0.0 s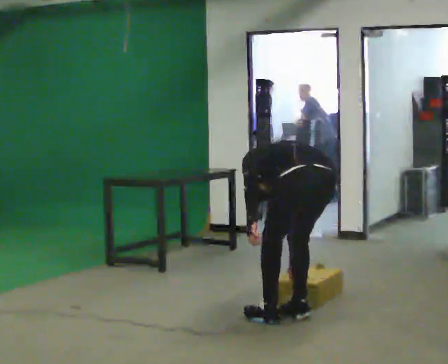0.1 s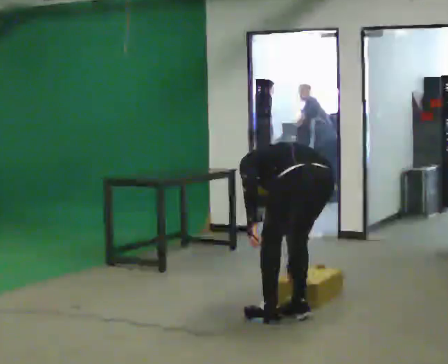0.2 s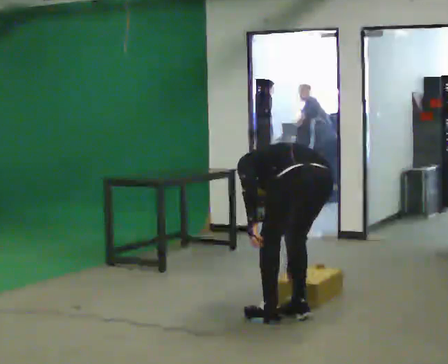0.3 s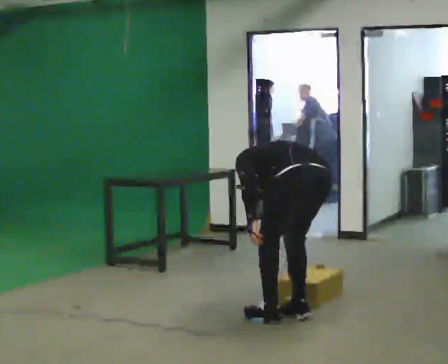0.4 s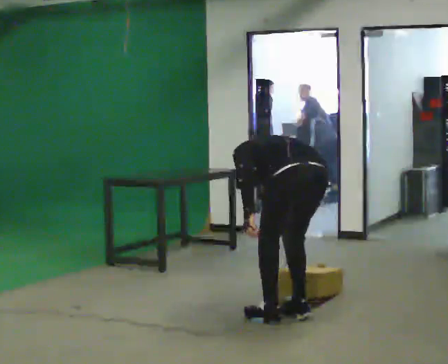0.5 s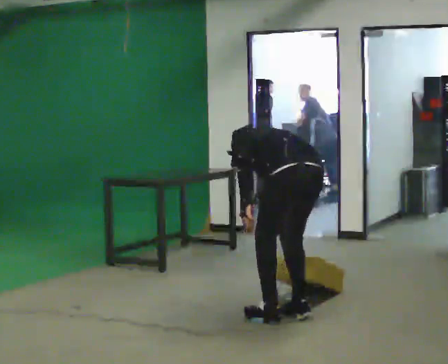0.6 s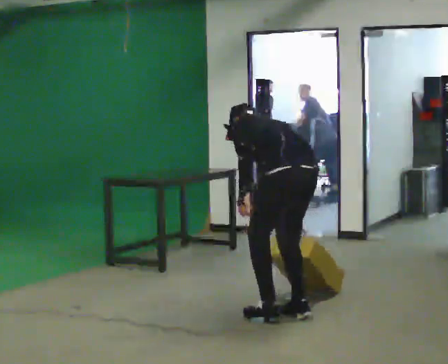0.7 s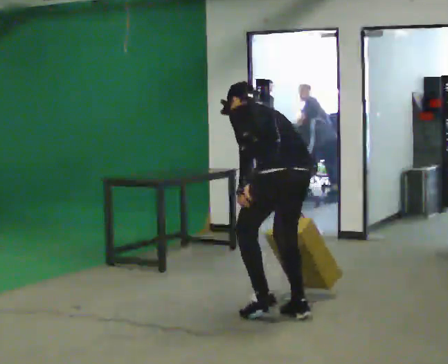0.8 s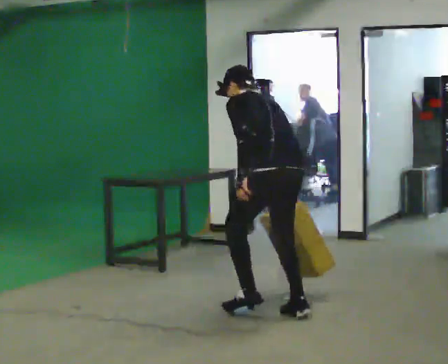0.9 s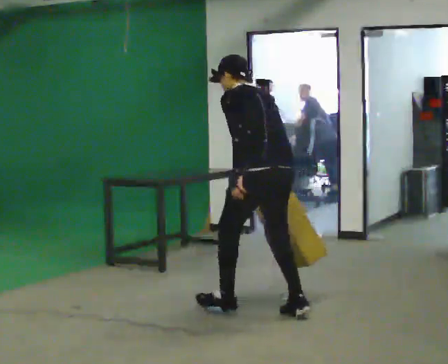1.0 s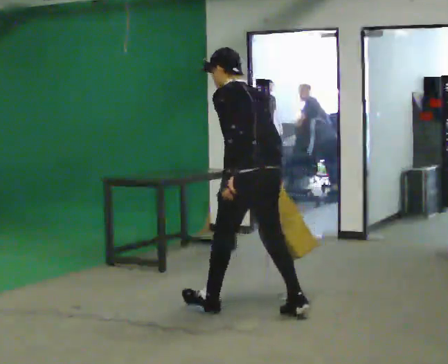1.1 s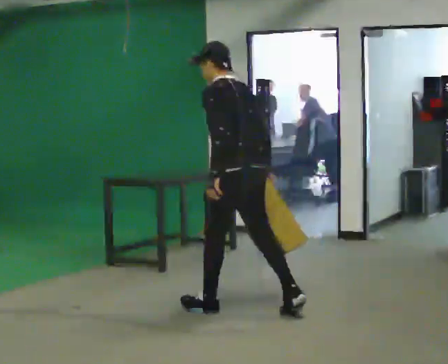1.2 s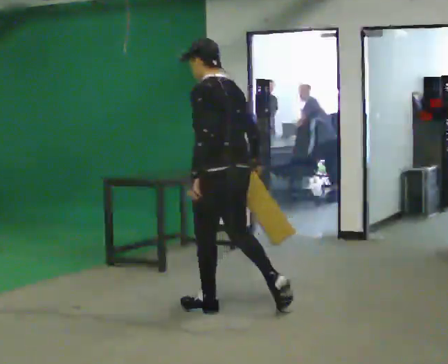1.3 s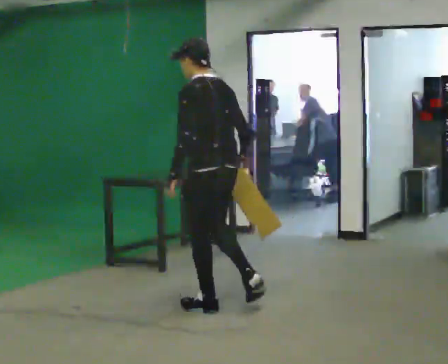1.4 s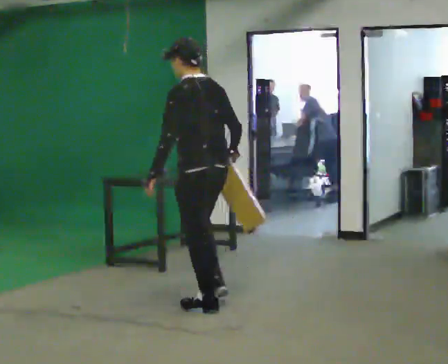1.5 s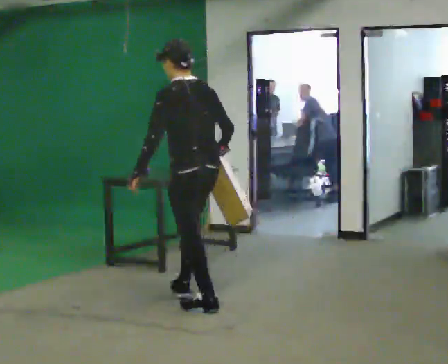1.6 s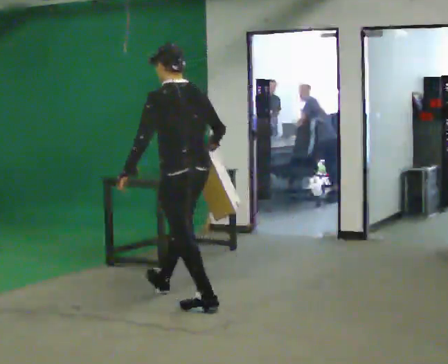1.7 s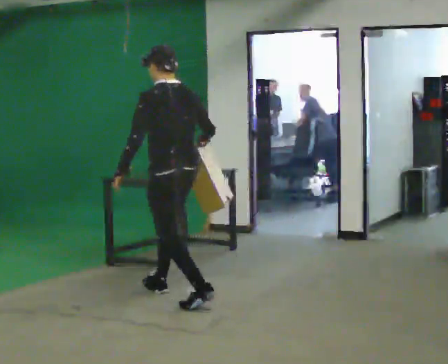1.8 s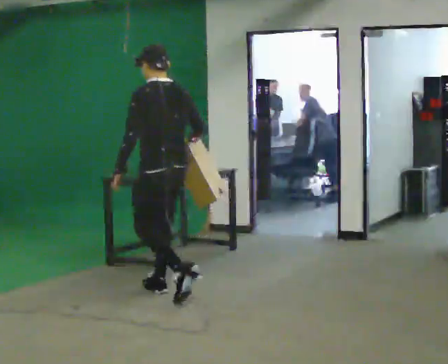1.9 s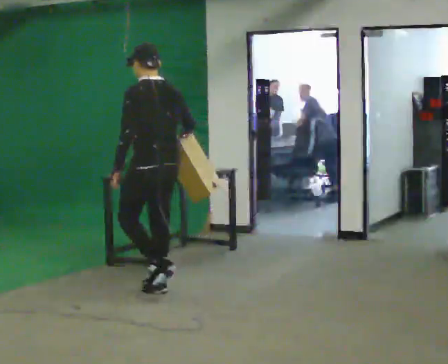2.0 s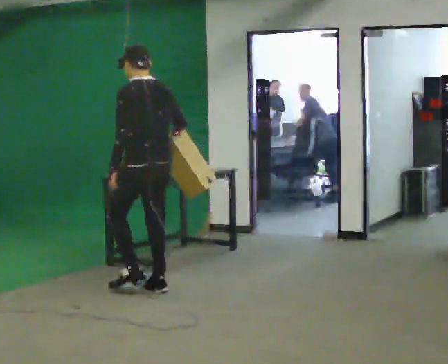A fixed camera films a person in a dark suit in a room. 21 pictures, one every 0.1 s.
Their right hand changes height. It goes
upward.
The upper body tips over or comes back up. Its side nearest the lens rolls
downward.
0.0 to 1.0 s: In the picture they go to the left and away from the camera, about 0.5 m, which for them is forward. The shoulders move upward. The upper body tips toward the camera, its near side rolling downward, as they lean back or straighten. In the picture their right hand goes upward.
1.0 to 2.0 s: In the picture they go to the left and away from the camera, about 1 m in 2 steps, which for them is forward. The upper body tips toward the camera, its near side rolling downward, as they lean back or straighten.
The film runs forward here.
